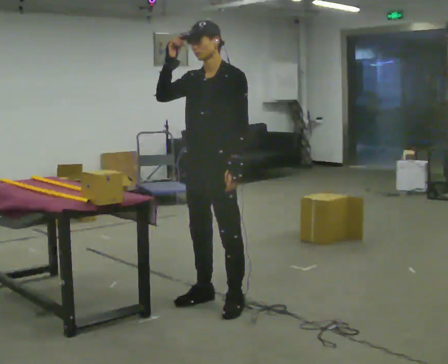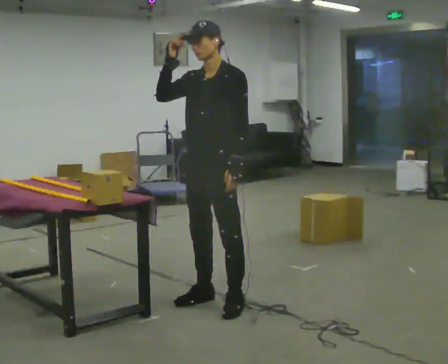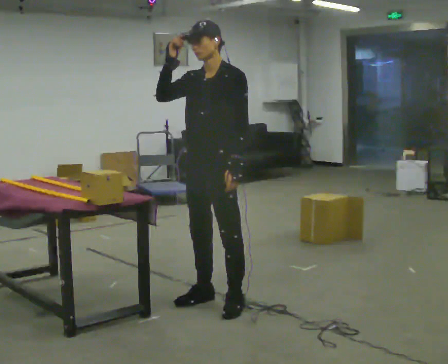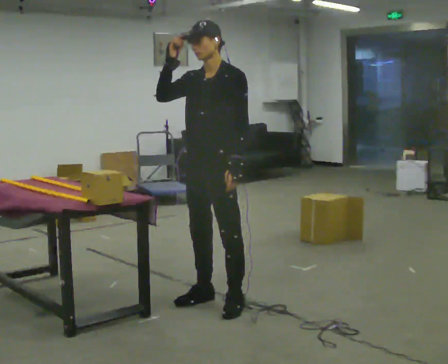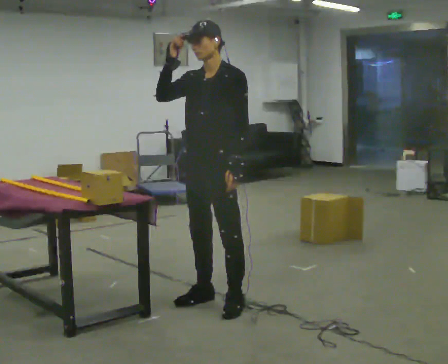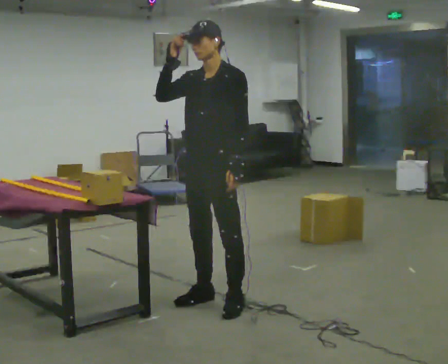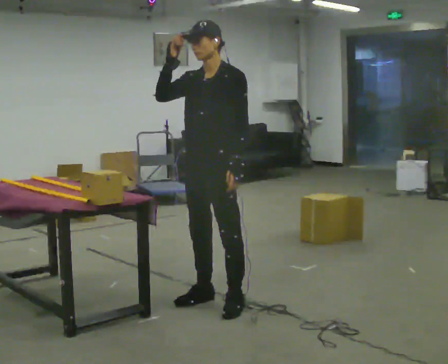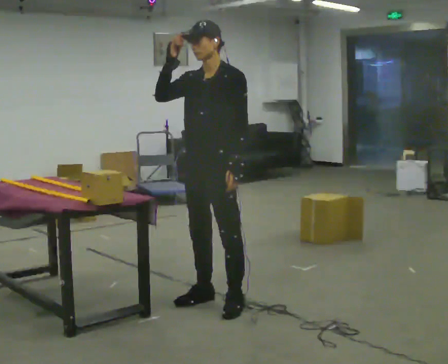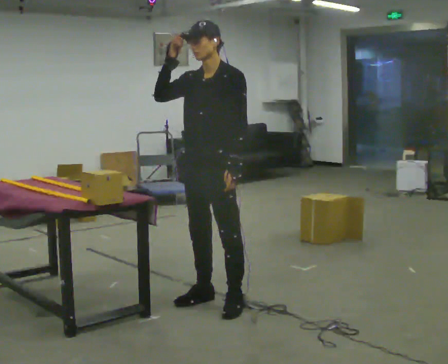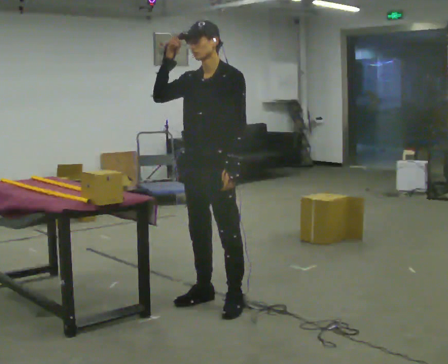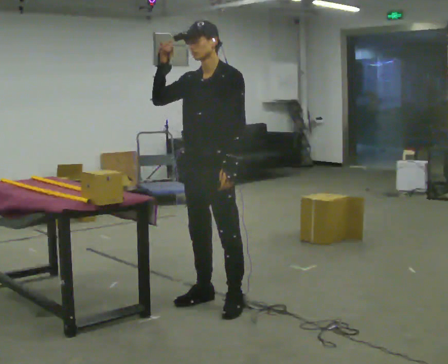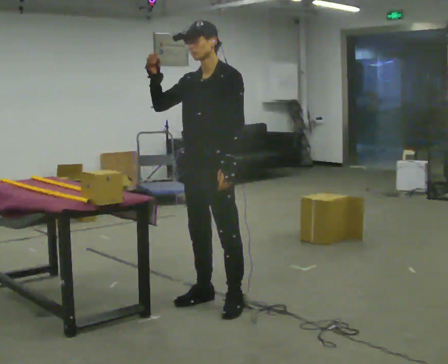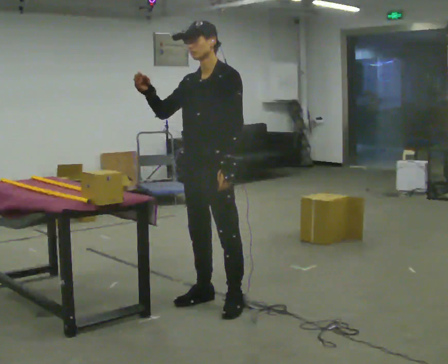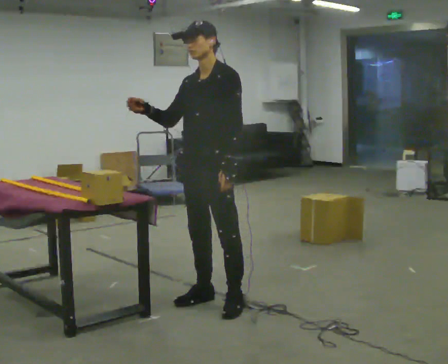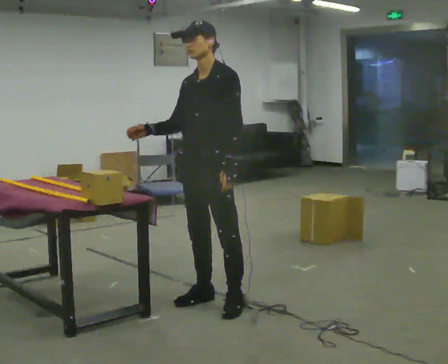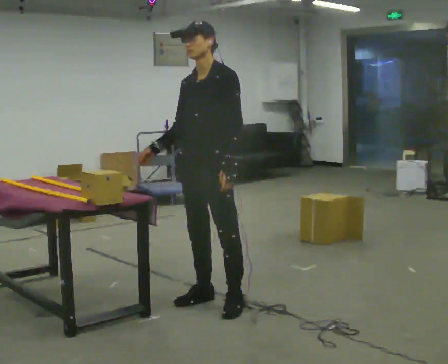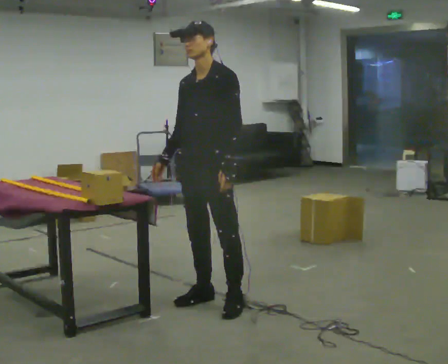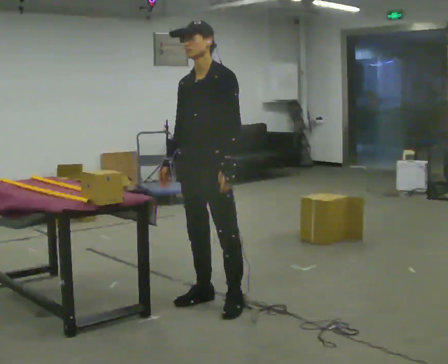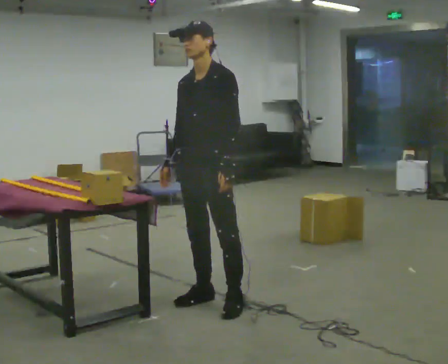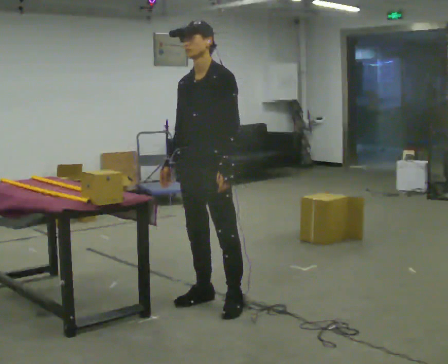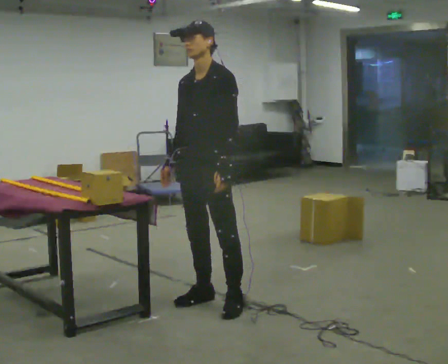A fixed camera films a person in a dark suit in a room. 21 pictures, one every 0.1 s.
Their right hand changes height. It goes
downward.
0.0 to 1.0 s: The person moves a little, or ends about where they began.
1.0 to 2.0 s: In the picture their right hand goes downward.
The film runs backward here.
